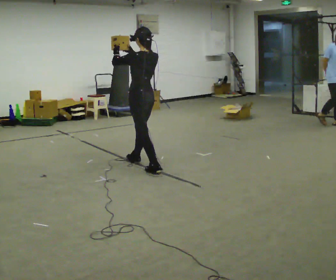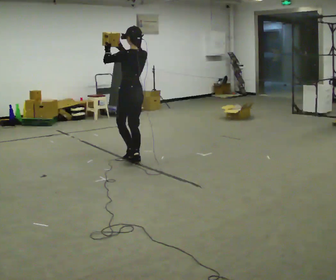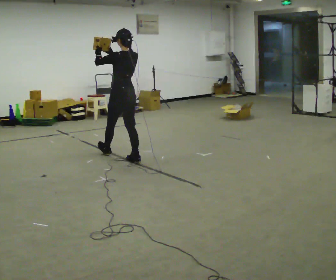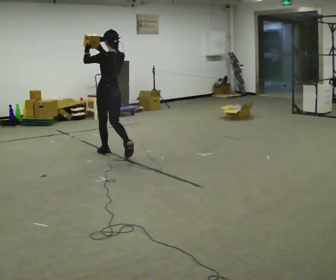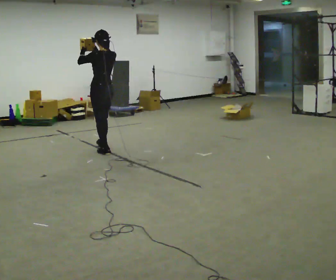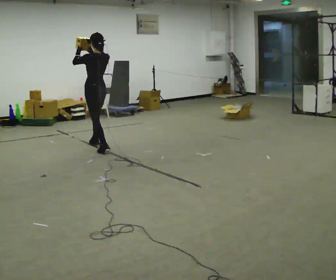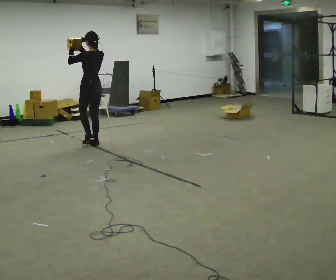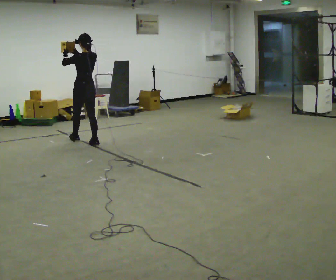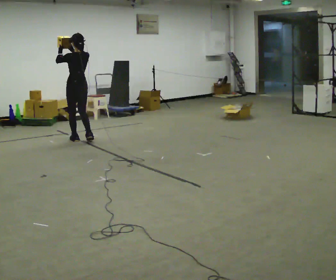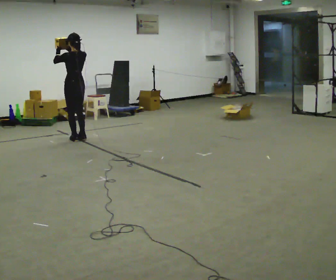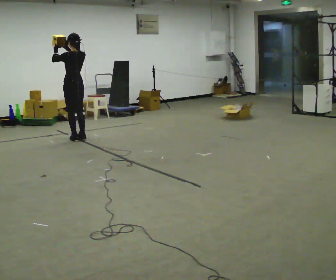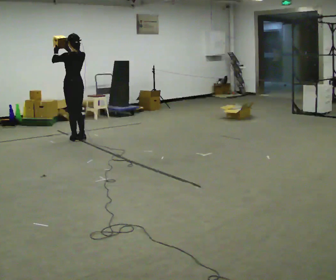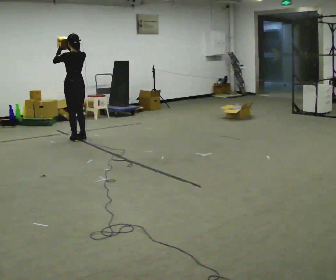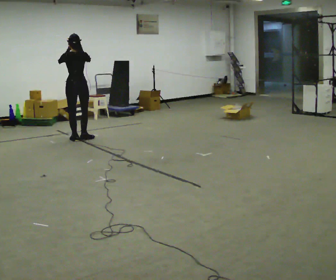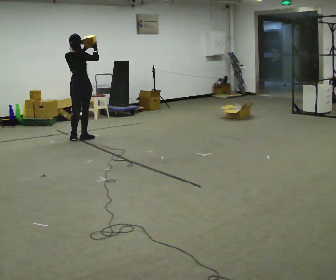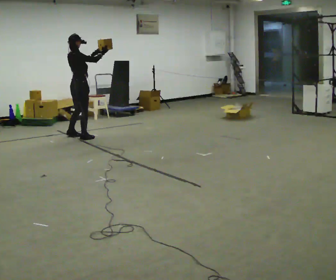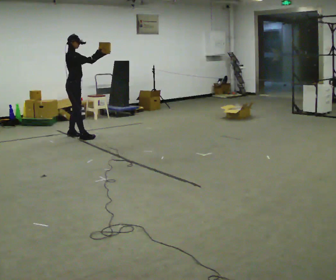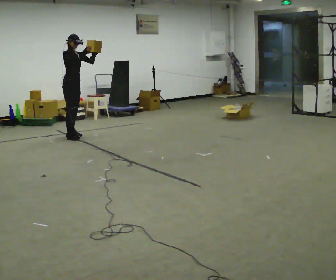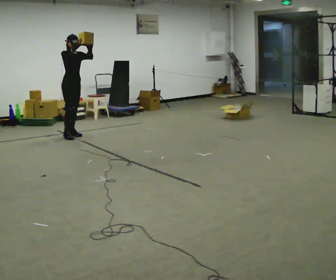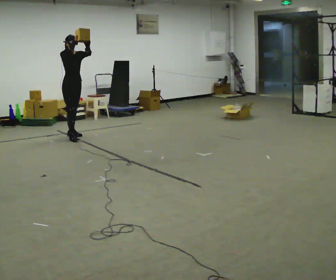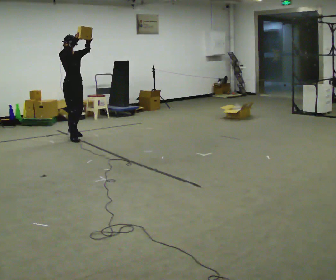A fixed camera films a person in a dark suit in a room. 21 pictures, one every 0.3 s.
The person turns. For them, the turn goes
to their right.
The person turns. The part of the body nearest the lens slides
to the left.
0.0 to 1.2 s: In the picture they go away from the camera and to the left, about 1 m in 1 step, which for them is forward.
1.2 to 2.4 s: In the picture they go away from the camera, about 0.5 m in 2 steps, which for them is forward.
2.4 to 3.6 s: The person moves a little, or ends about where they began.
3.6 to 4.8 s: The person turns about 135 degrees to their right, clockwise seen from above, so the part of the body nearest the lens slides to the left. In the picture they go away from the camera, about 0.25 m in 1 step.
4.8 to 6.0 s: Seen from above the body turns clockwise, about 45 degrees: to their right, with its near side sliding to the left. In the picture they go toward the camera, about 0.25 m in 2 steps, which for them is forward.
The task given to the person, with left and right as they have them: Carry the object held up above your head, walking back and forth across the room.
The film runs forward here.
